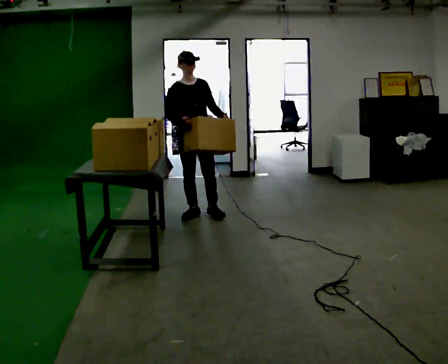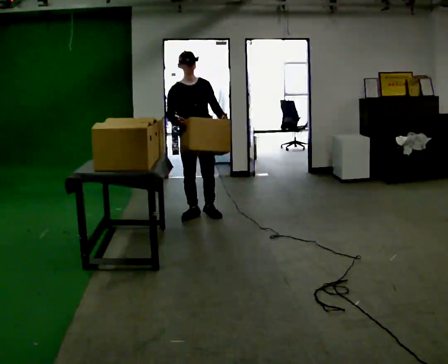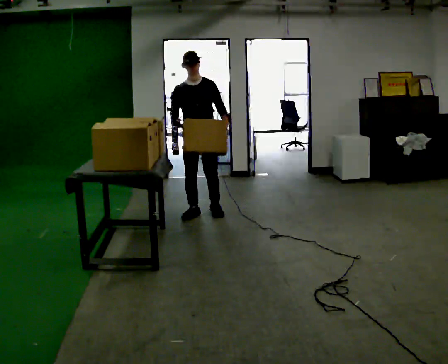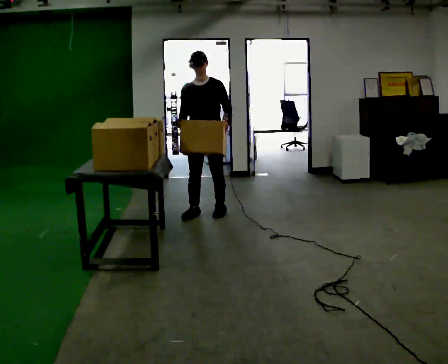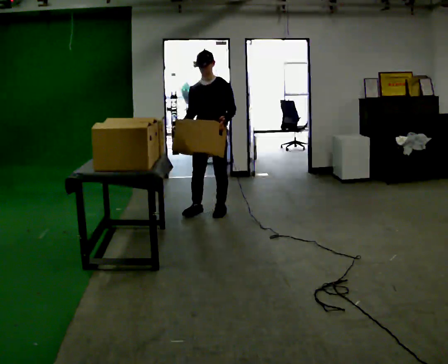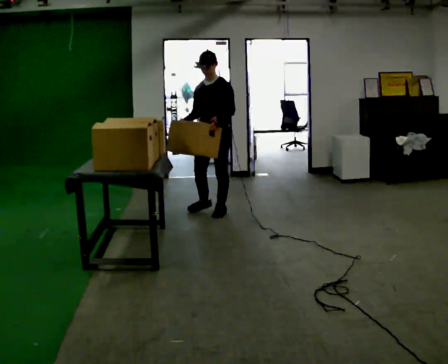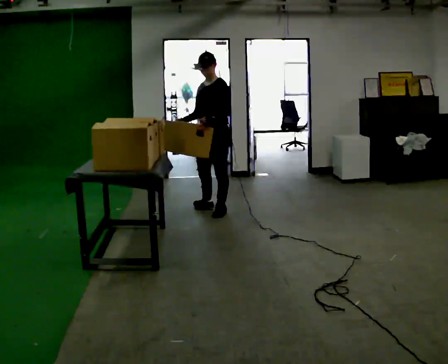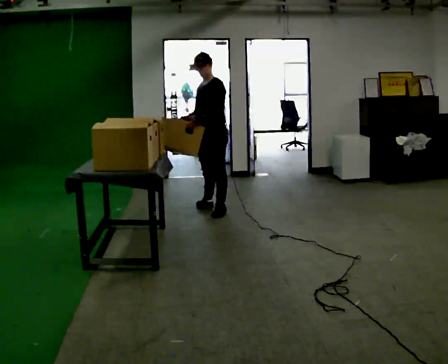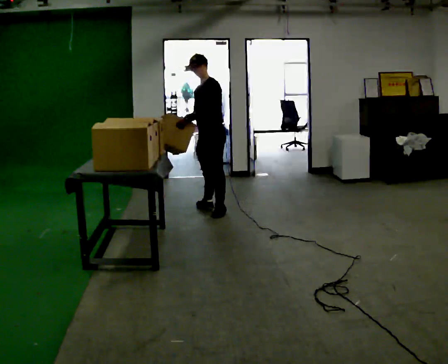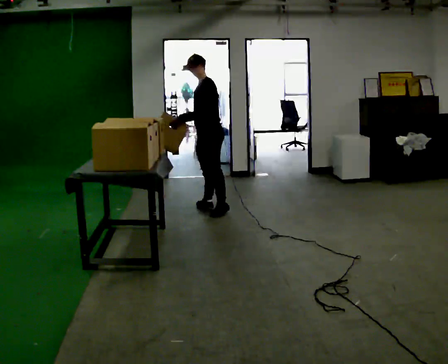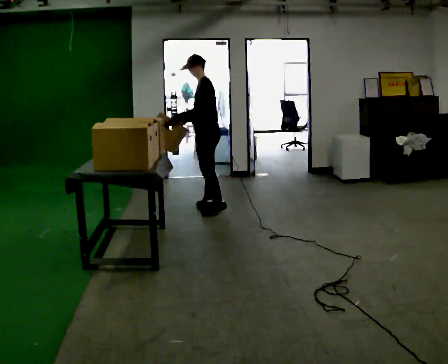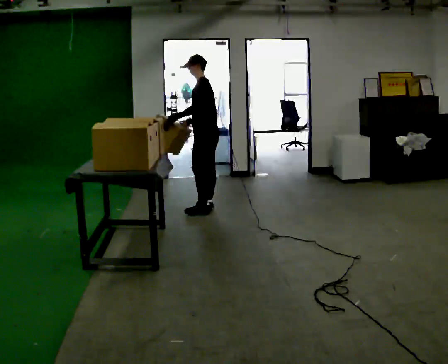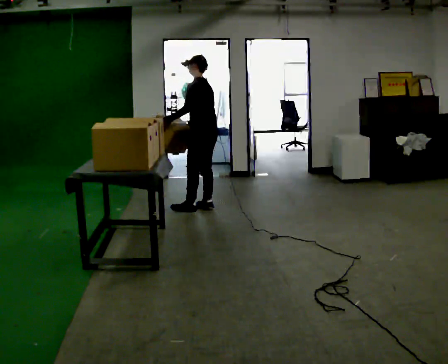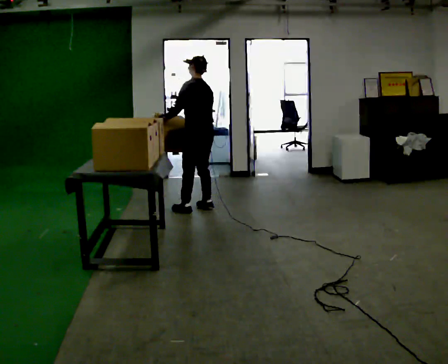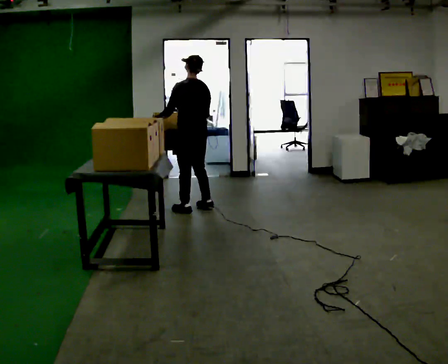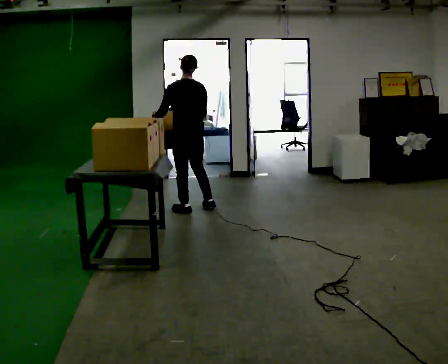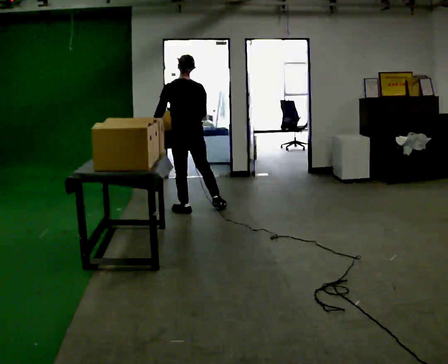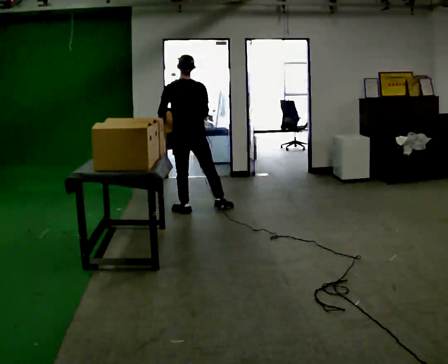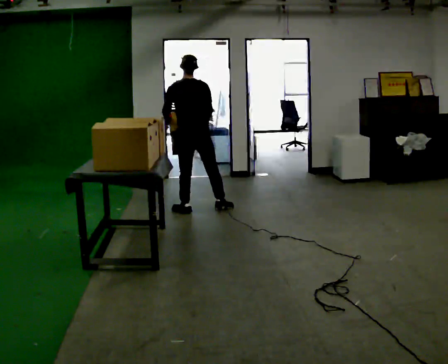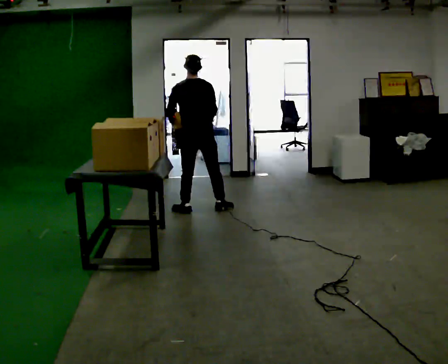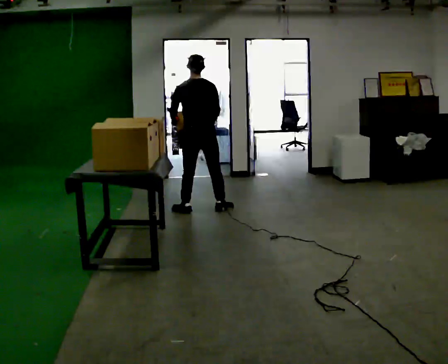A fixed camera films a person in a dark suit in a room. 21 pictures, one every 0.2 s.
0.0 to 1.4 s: The part of the body nearest the lens slides to the left as the person turns to their right by about 75 degrees. In the picture they go to the right and away from the camera, about 0.25 m in 1 step.
1.4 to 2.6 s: The person turns about 75 degrees to their right, clockwise seen from above, so the part of the body nearest the lens slides to the left. In the picture their left hand goes to the left.
2.6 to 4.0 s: Seen from above the body turns clockwise, about 45 degrees: to their right, with its near side sliding to the left.
The film runs backward here.
